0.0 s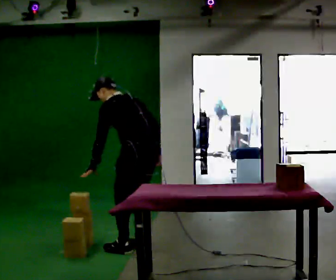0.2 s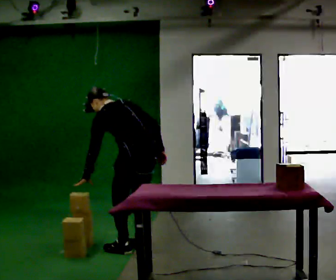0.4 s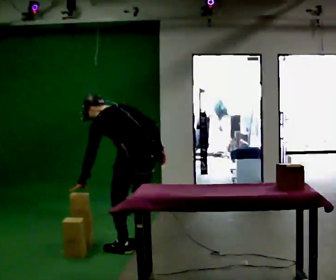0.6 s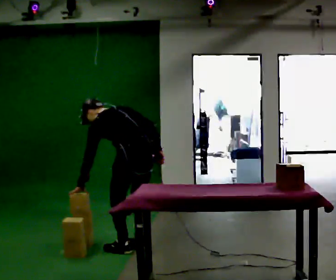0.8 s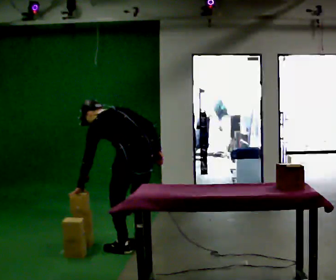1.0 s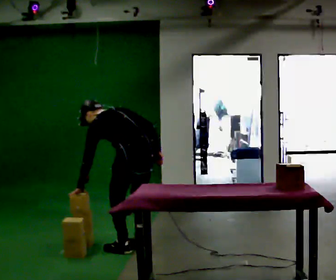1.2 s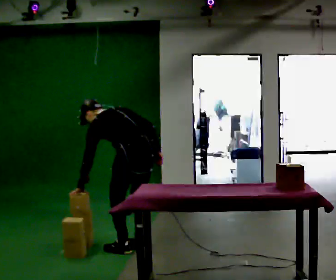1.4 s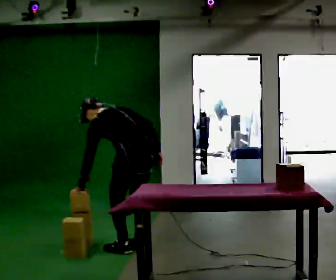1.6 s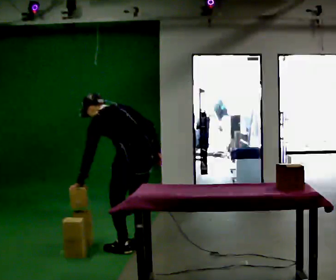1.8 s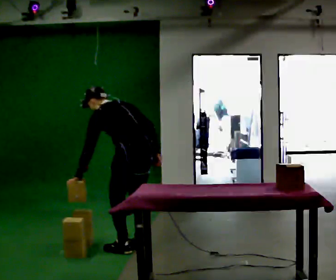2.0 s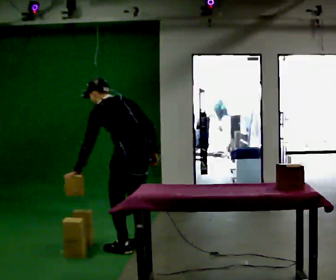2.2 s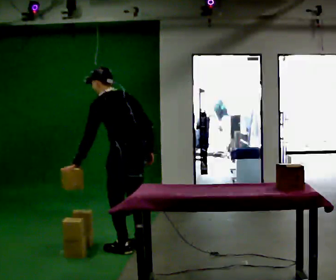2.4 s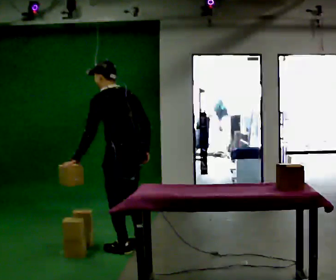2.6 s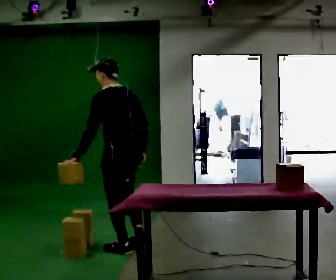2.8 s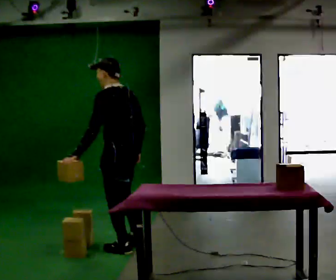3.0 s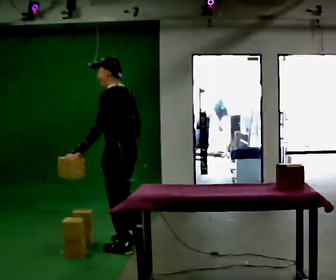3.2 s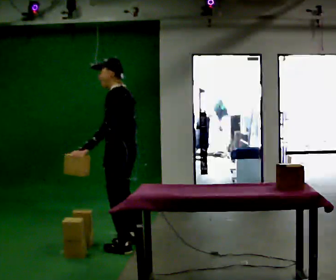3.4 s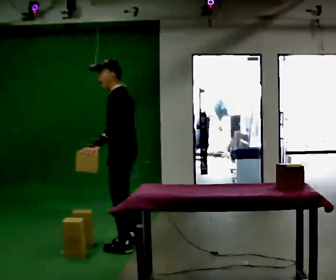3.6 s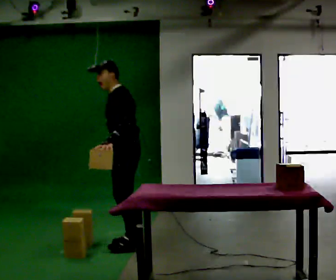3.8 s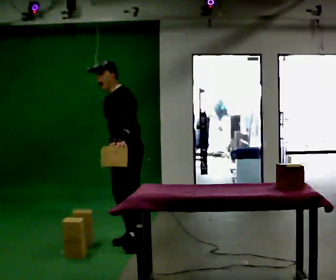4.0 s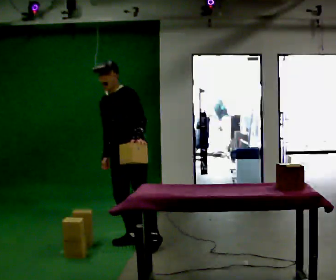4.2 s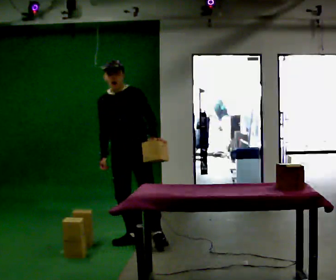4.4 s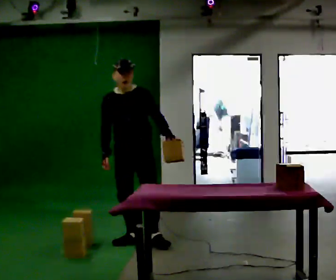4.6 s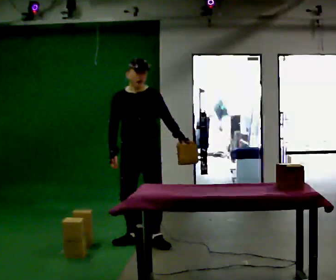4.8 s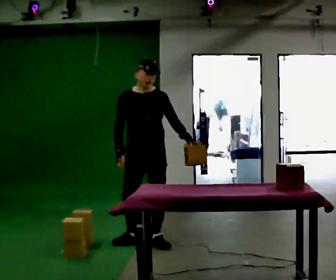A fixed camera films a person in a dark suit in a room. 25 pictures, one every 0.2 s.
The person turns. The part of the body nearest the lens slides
to the right.
The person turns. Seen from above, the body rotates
counterclockwise.
0.0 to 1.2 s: The upper body tips away from the camera, its near side rolling upward, as they bend forward.
1.2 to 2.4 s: The shoulders move upward. The upper body tips toward the camera, its near side rolling downward, as they lean back or straighten.
2.4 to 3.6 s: The part of the body nearest the lens slides to the right as the person turns to their left by about 60 degrees. In the picture they go away from the camera, about 0.25 m in 1 step.
3.6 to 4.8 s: Seen from above the body turns counterclockwise, about 75 degrees: to their left, with its near side sliding to the right. In the picture they go to the right, about 0.25 m in 1 step. In the picture their left hand goes to the right, the arm swinging counterclockwise.
The film runs forward here.
